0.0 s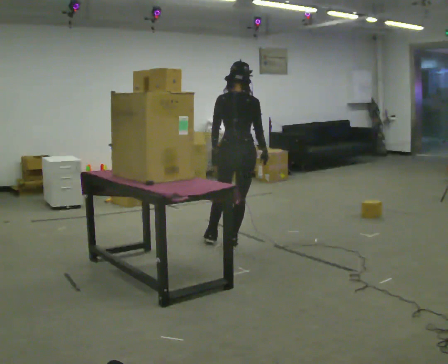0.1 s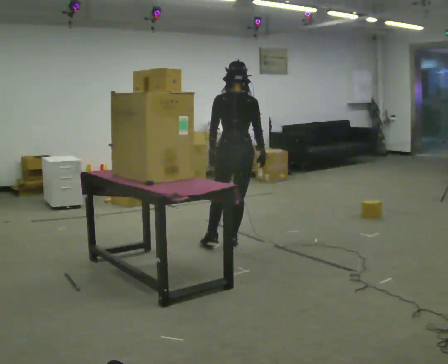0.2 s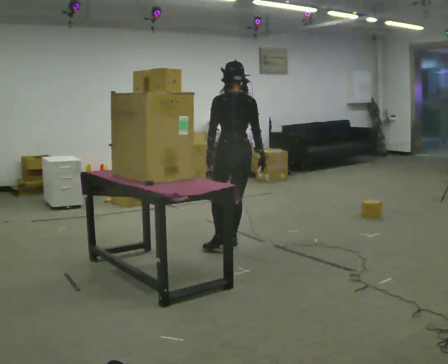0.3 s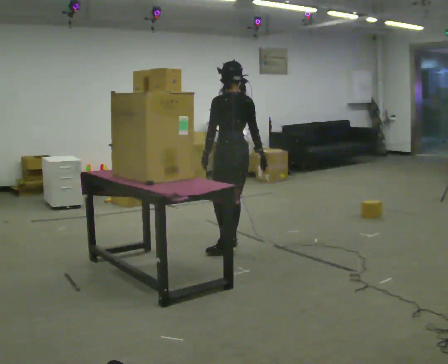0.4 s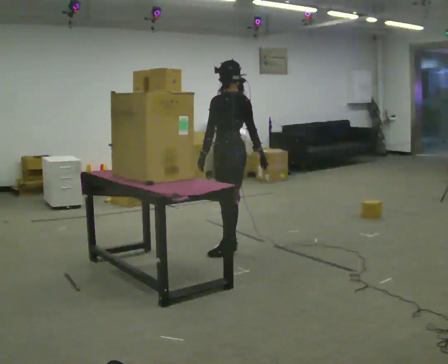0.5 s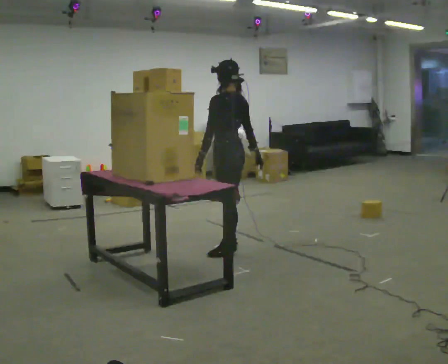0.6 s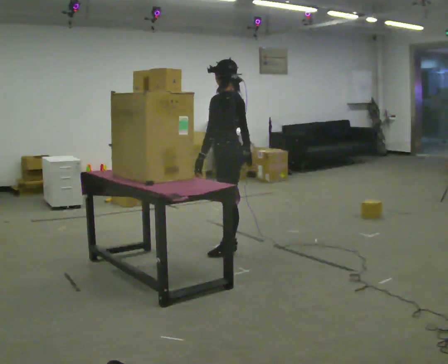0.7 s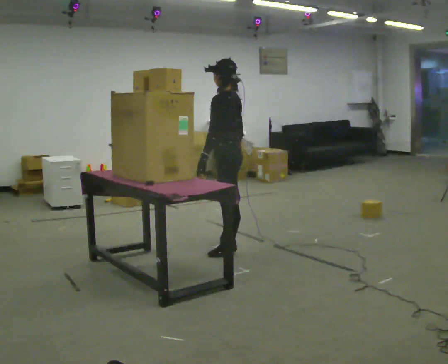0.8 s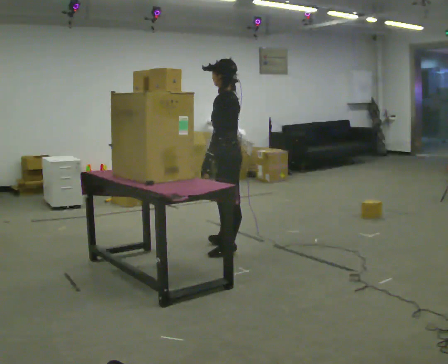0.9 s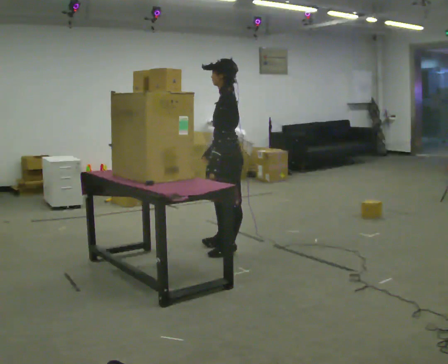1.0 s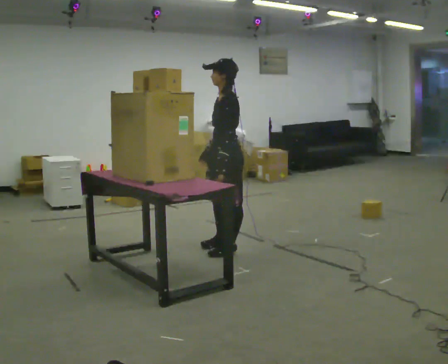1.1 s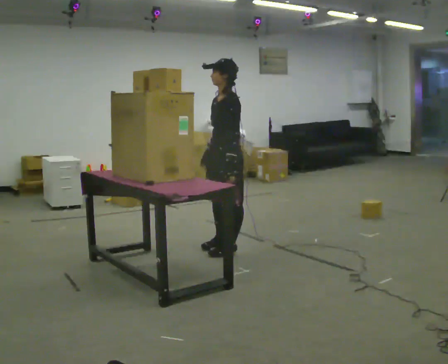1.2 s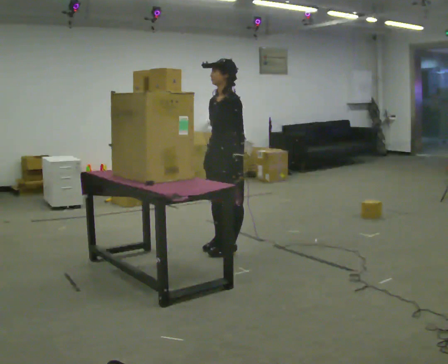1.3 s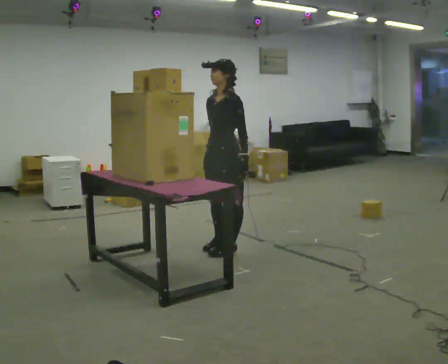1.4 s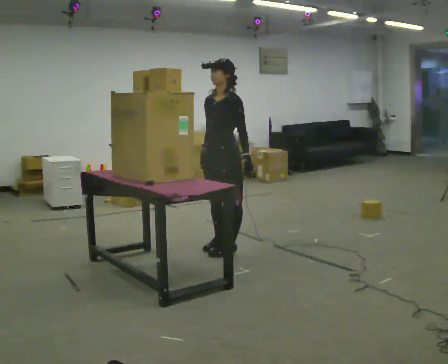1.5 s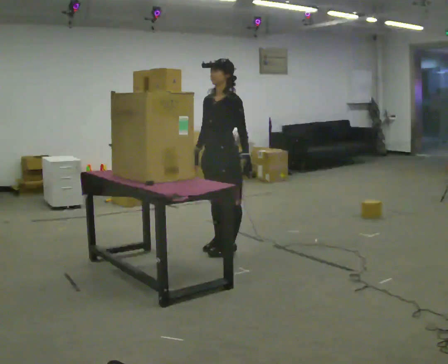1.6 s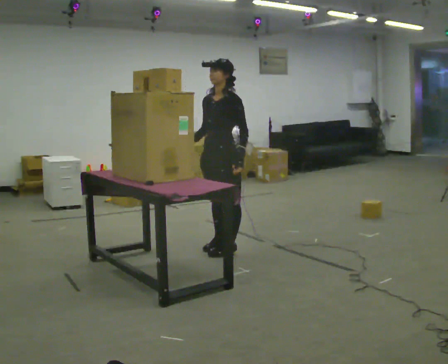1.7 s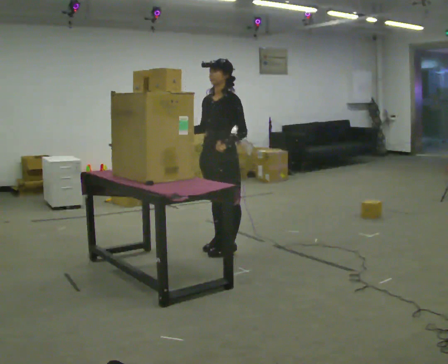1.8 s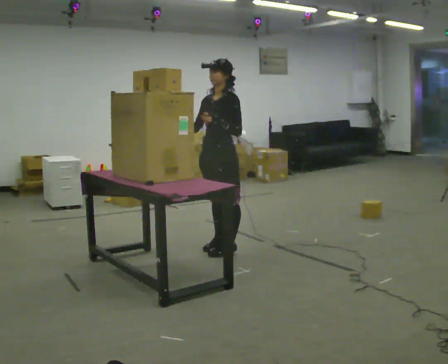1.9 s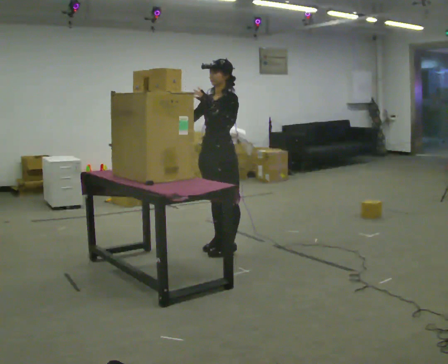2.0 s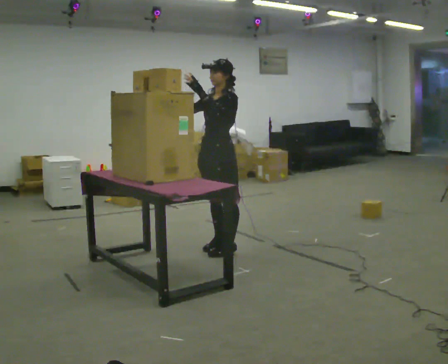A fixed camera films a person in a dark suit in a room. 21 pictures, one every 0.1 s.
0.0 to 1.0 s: The person turns about 120 degrees to their left, counterclockwise seen from above, so the part of the body nearest the lens slides to the right. In the picture they go toward the camera, about 0.25 m.
1.0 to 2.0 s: The person turns about 30 degrees to their left, counterclockwise seen from above, so the part of the body nearest the lens slides to the right. In the picture their right hand goes upward and to the left, the arm swinging clockwise.
The film runs backward here.
